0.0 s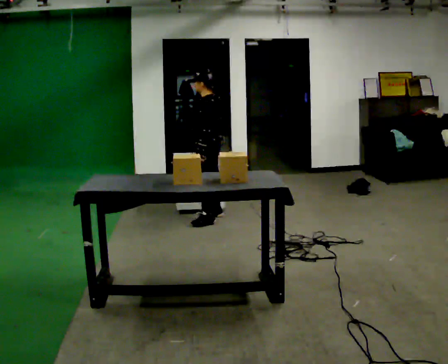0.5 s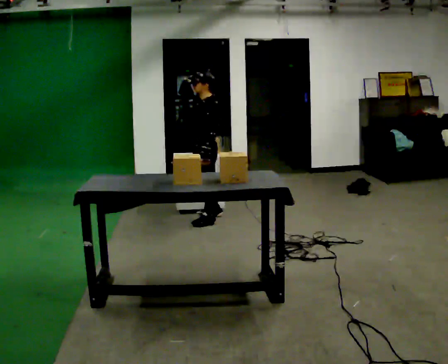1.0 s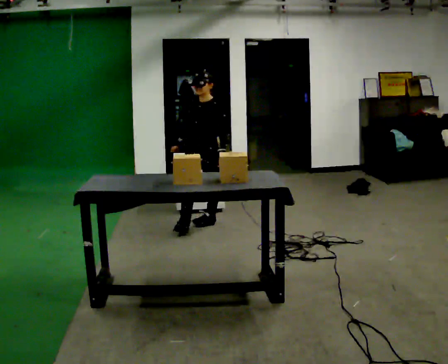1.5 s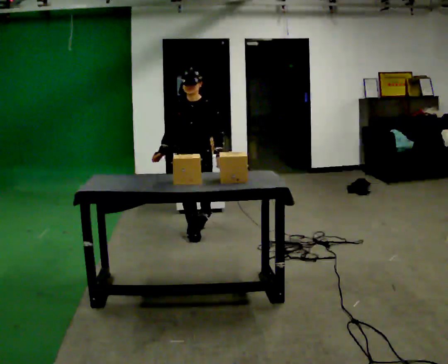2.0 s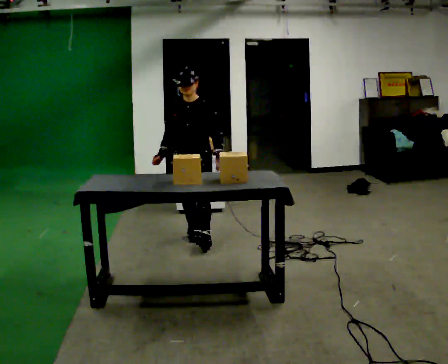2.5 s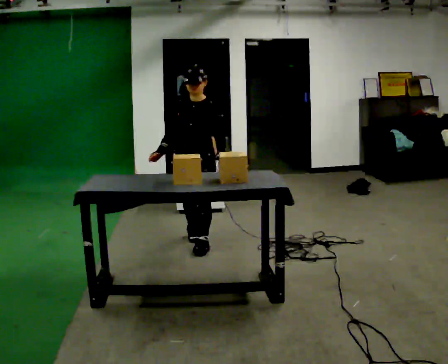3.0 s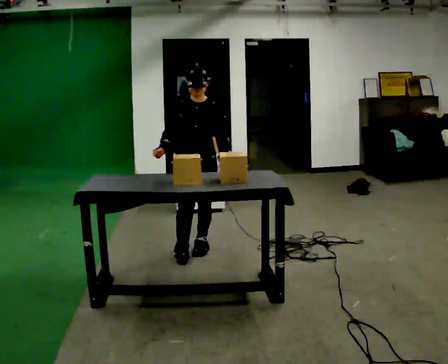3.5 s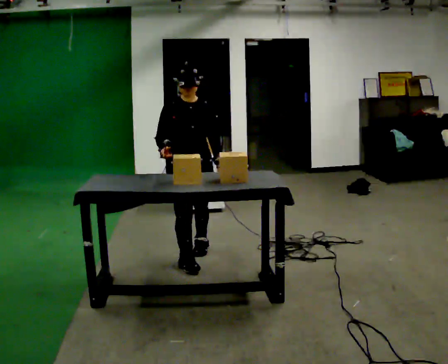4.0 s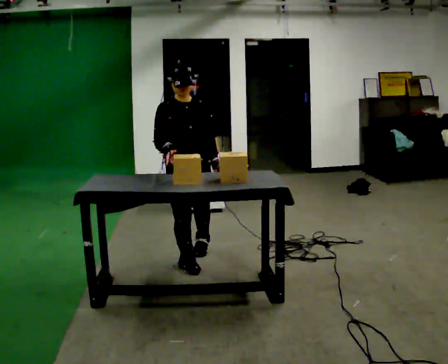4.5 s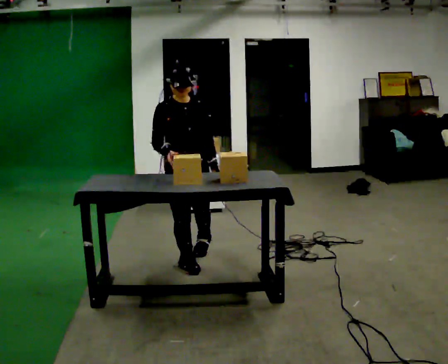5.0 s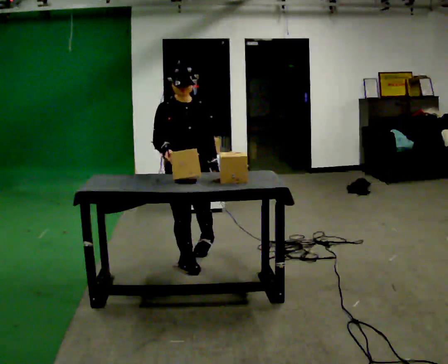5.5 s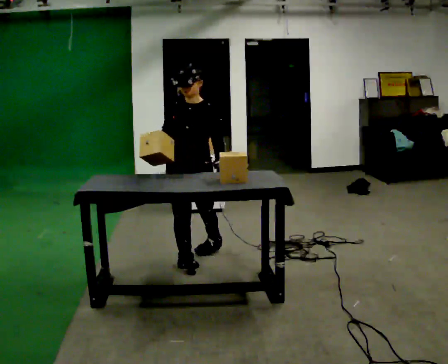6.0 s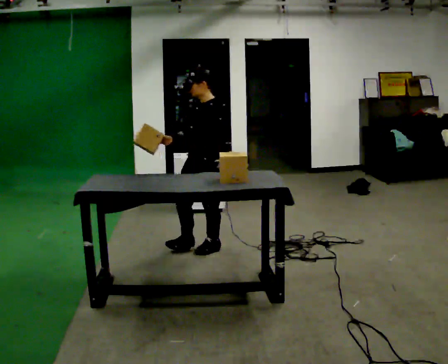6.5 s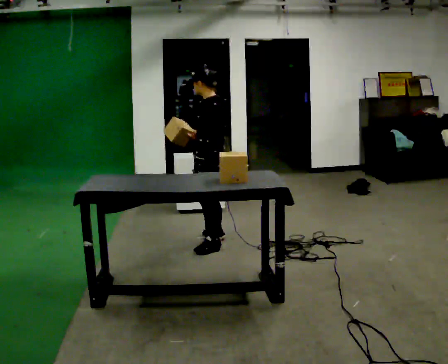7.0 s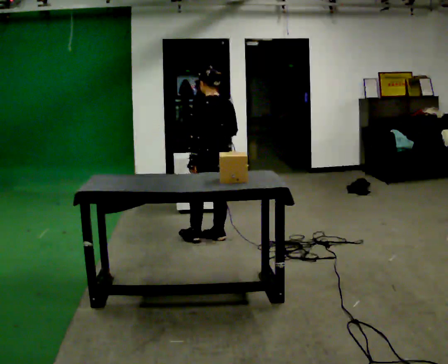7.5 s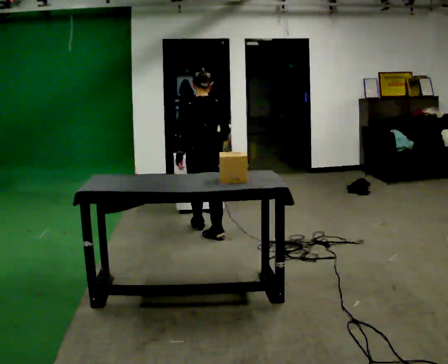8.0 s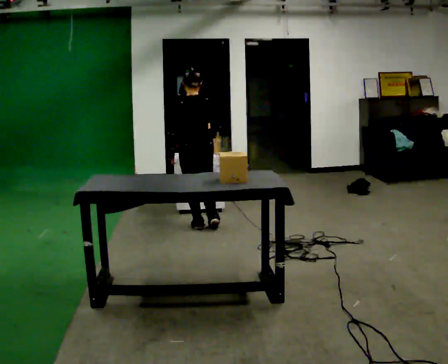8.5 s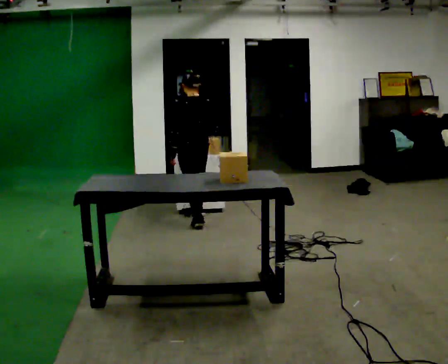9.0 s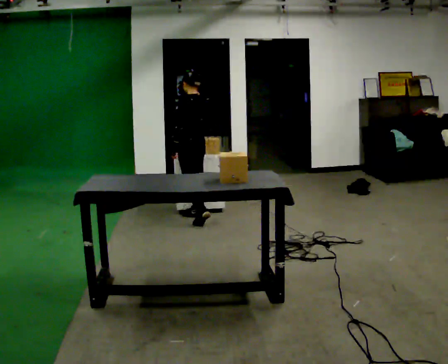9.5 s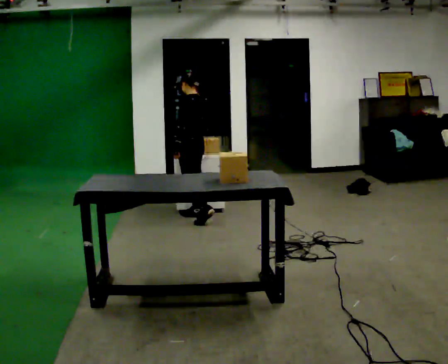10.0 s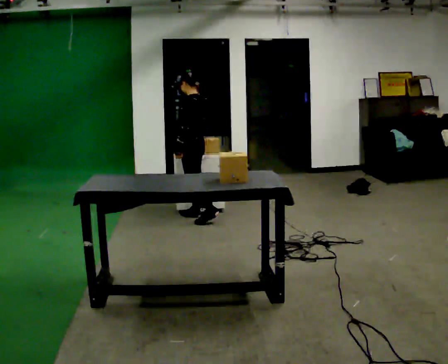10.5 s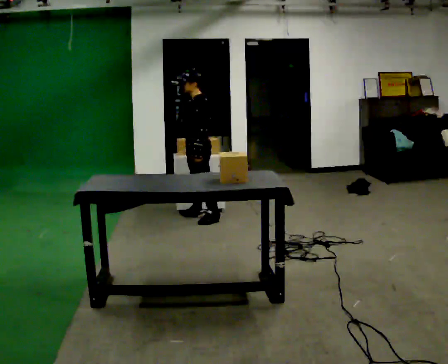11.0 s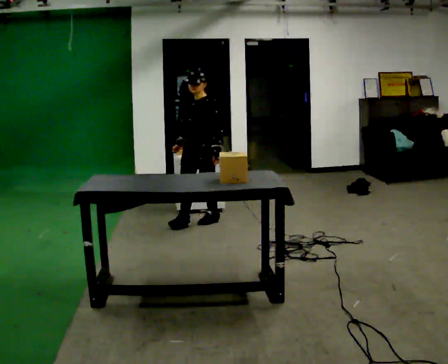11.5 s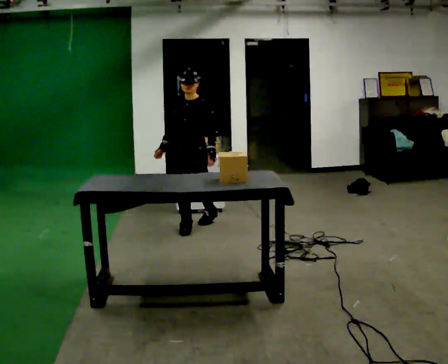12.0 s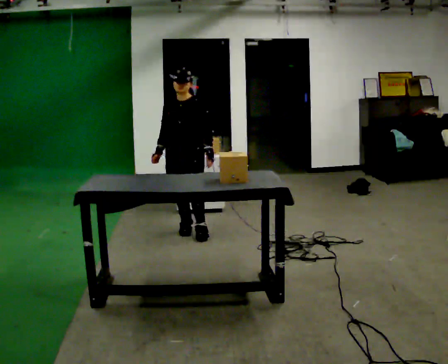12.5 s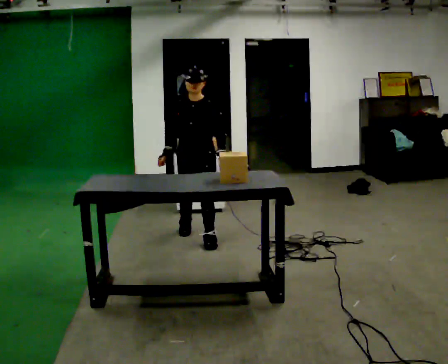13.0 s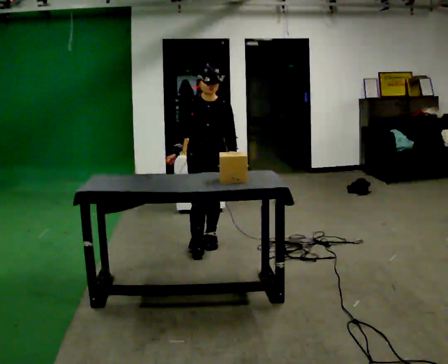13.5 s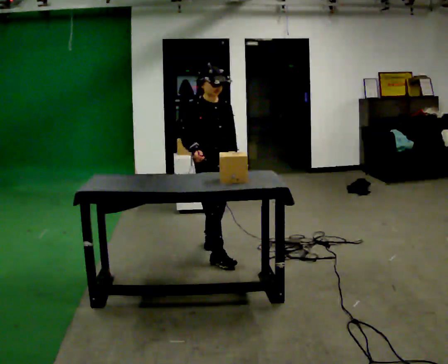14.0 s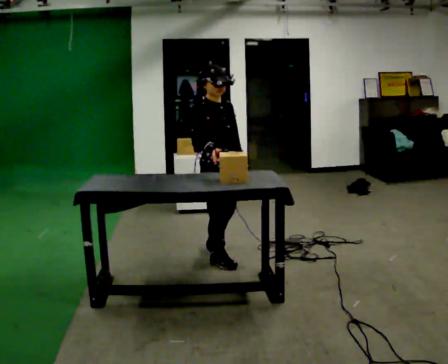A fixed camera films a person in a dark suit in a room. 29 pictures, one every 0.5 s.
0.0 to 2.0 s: The person turns about 90 degrees to their left, counterclockwise seen from above, so the part of the body nearest the lens slides to the right. In the picture they go toward the camera, about 0.5 m in 1 step.
2.0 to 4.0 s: Seen from above the body turns counterclockwise, about 30 degrees: to their left, with its near side sliding to the right. In the picture they go toward the camera, about 0.75 m in 2 steps, which for them is forward.
4.0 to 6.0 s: The person turns about 90 degrees to their right, clockwise seen from above, so the part of the body nearest the lens slides to the left. In the picture they go away from the camera, about 0.5 m.
6.0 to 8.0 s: Seen from above the body turns clockwise, about 105 degrees: to their right, with its near side sliding to the left. In the picture they go away from the camera, about 0.5 m in 2 steps.
8.0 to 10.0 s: The part of the body nearest the lens slides to the right as the person turns to their left by about 60 degrees. In the picture they go away from the camera, about 0.25 m in 1 step.
10.0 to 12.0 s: The person turns about 90 degrees to their left, counterclockwise seen from above, so the part of the body nearest the lens slides to the right. In the picture they go toward the camera, about 0.5 m in 2 steps.
12.0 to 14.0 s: The person turns about 60 degrees to their left, counterclockwise seen from above, so the part of the body nearest the lens slides to the right. In the picture they go toward the camera, about 1 m in 3 steps.
The film runs forward here.
